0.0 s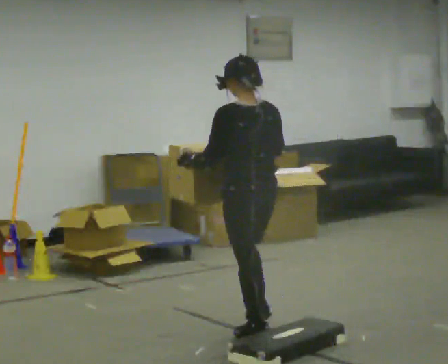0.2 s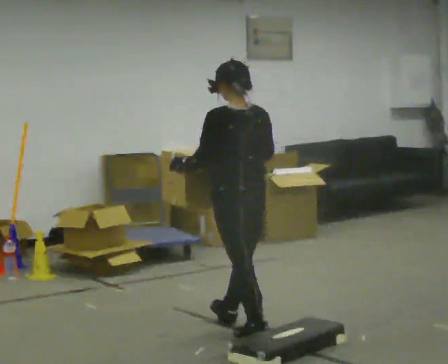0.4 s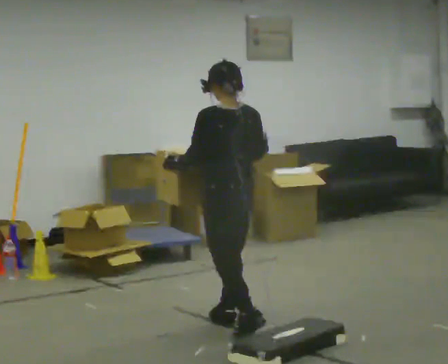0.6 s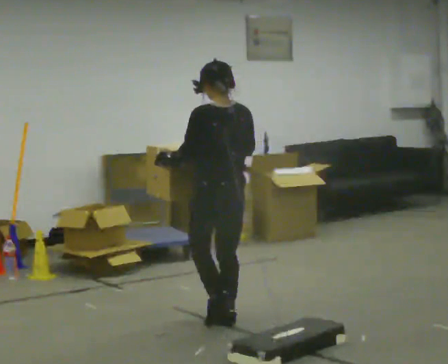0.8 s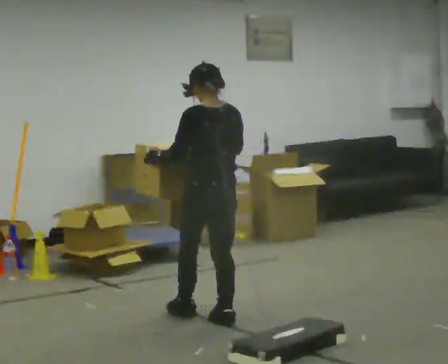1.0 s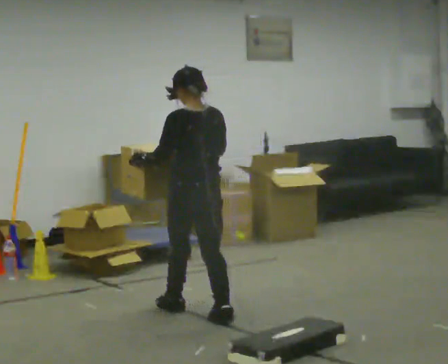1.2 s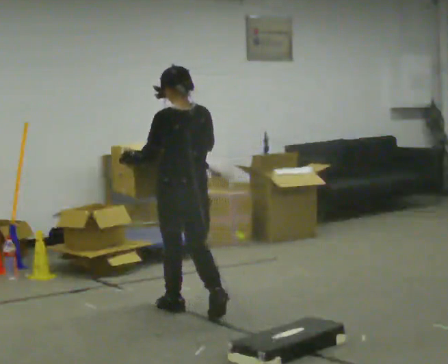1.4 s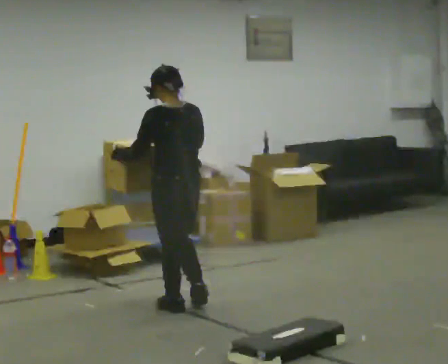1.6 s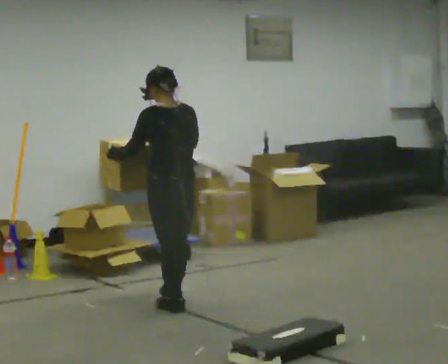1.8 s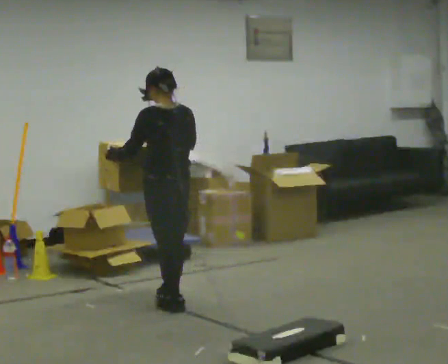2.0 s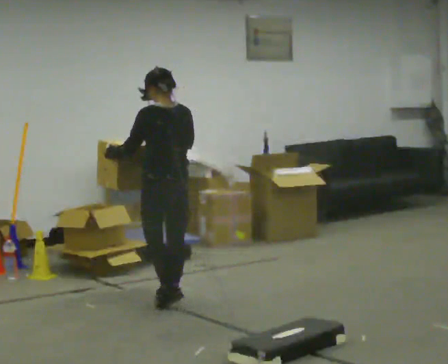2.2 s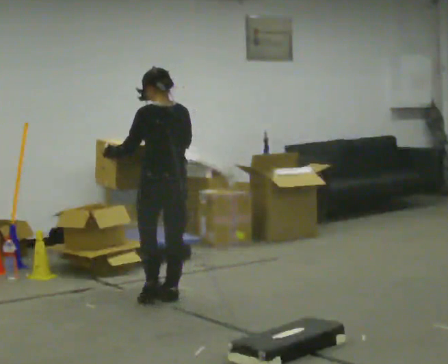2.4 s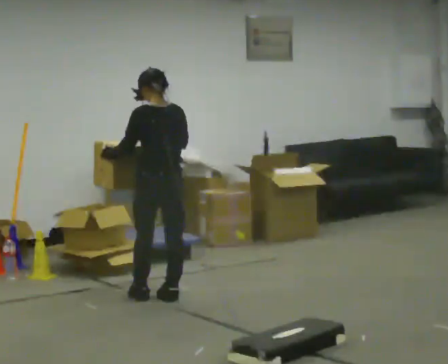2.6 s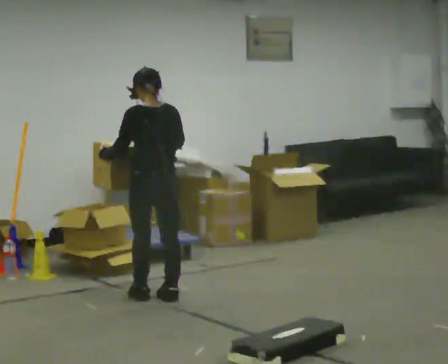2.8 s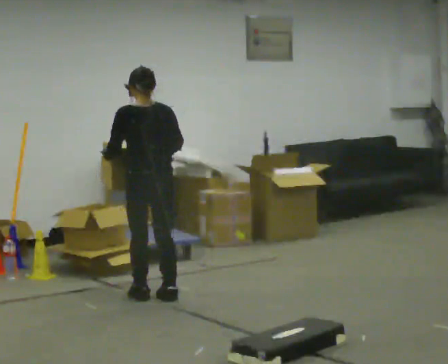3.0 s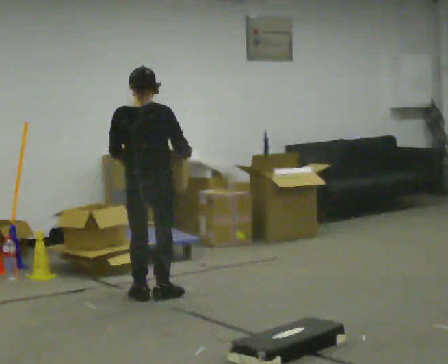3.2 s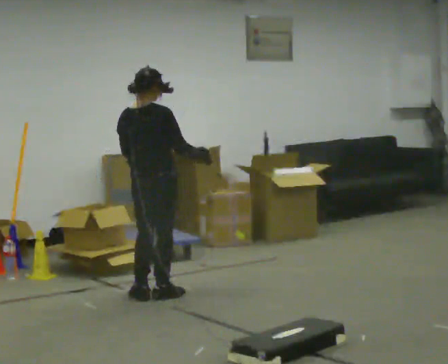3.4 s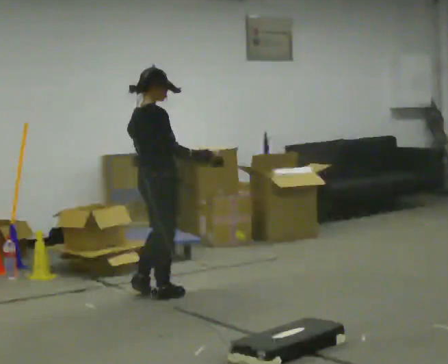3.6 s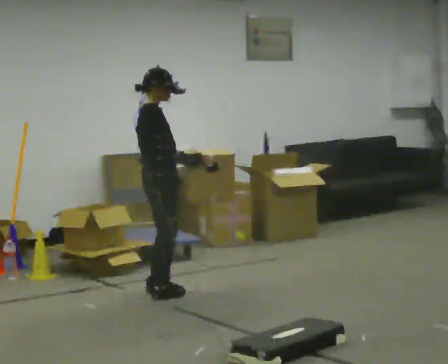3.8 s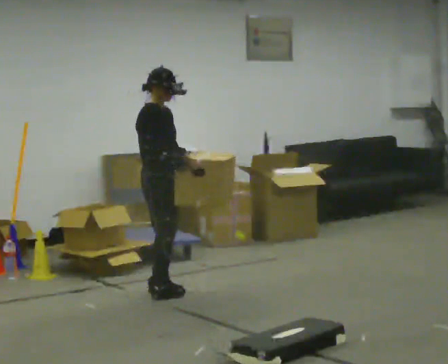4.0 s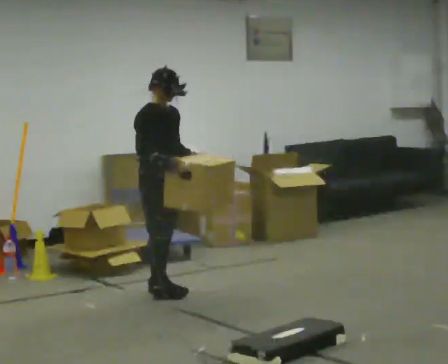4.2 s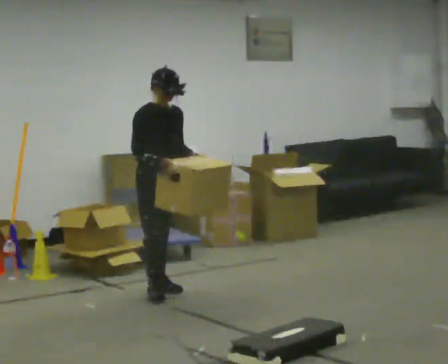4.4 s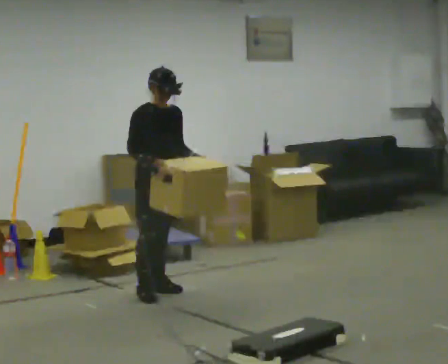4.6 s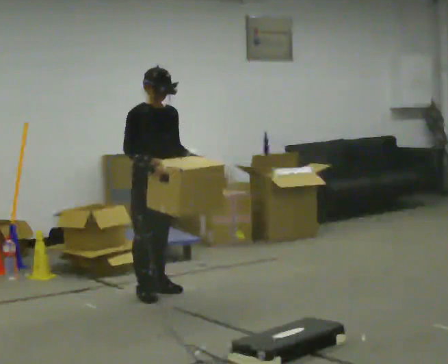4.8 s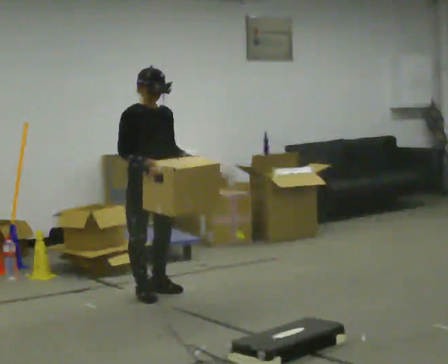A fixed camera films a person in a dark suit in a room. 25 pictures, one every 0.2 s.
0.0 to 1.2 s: In the picture they go away from the camera and to the left, about 0.75 m in 2 steps, which for them is forward.
1.2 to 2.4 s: In the picture they go away from the camera, about 0.5 m in 2 steps, which for them is forward.
2.4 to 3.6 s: Seen from above the body turns clockwise, about 120 degrees: to their right, with its near side sliding to the left.
3.6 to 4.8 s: The person turns about 60 degrees to their right, clockwise seen from above, so the part of the body nearest the lens slides to the left. In the picture their right hand goes to the left.
The film runs forward here.
